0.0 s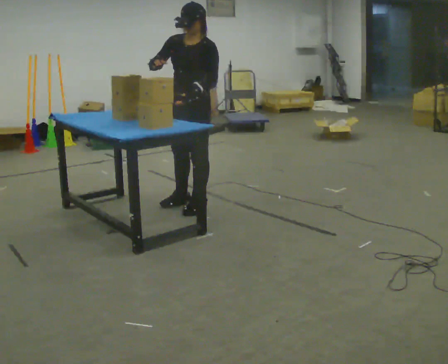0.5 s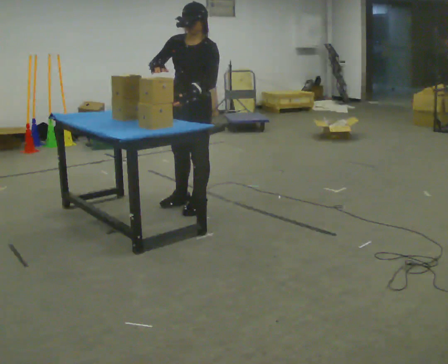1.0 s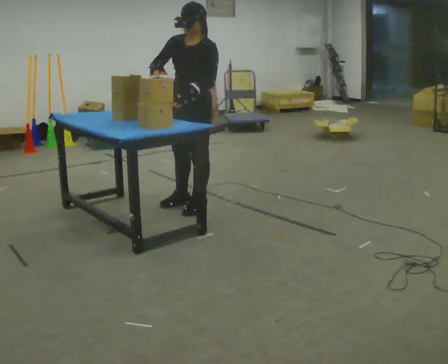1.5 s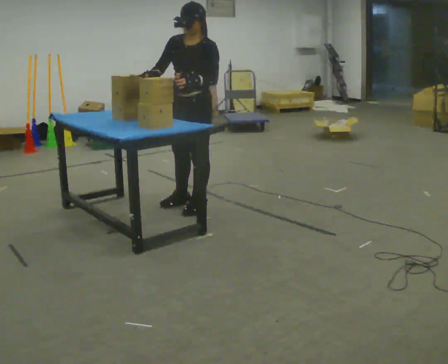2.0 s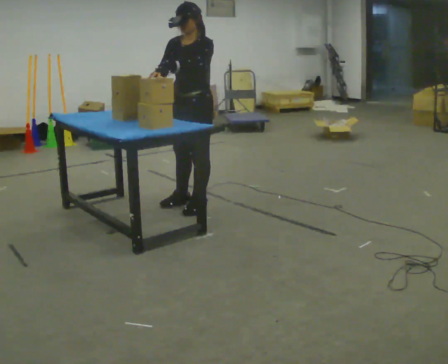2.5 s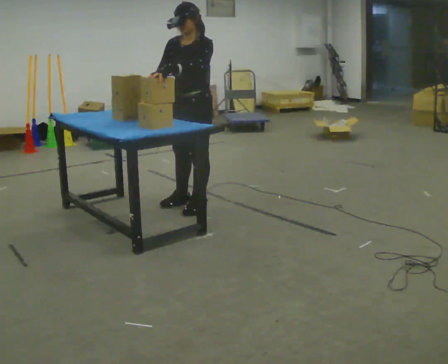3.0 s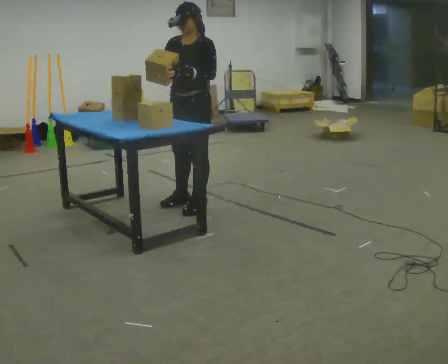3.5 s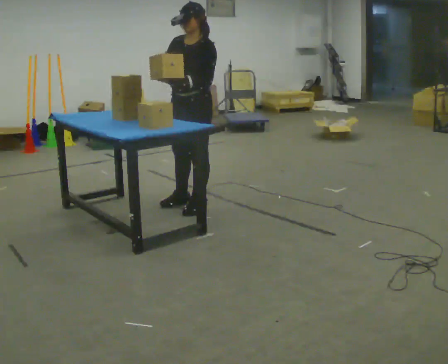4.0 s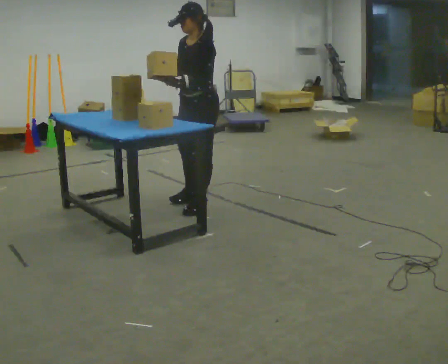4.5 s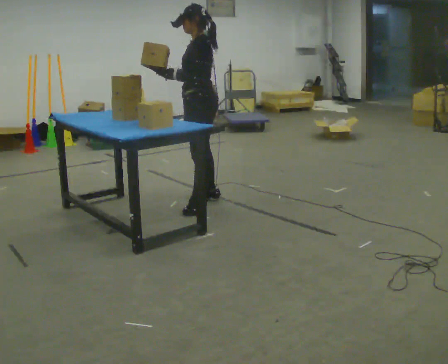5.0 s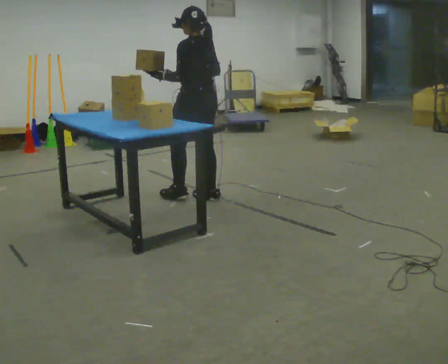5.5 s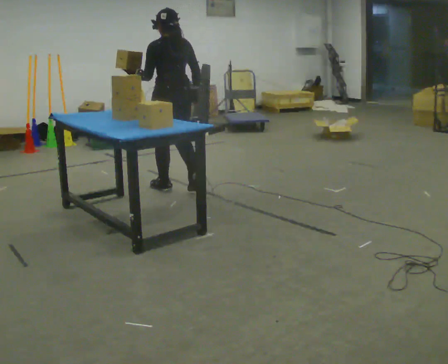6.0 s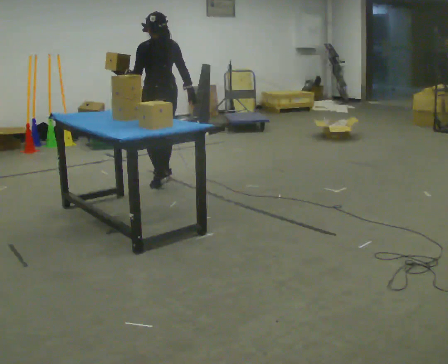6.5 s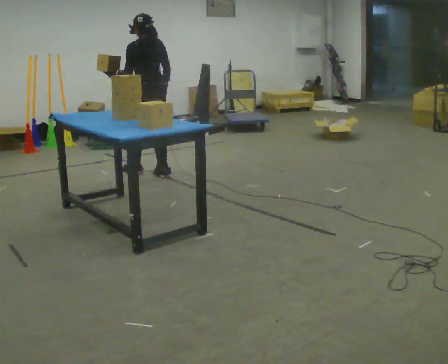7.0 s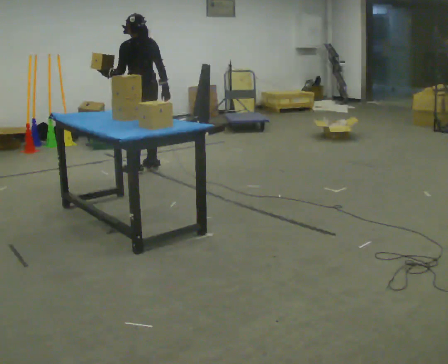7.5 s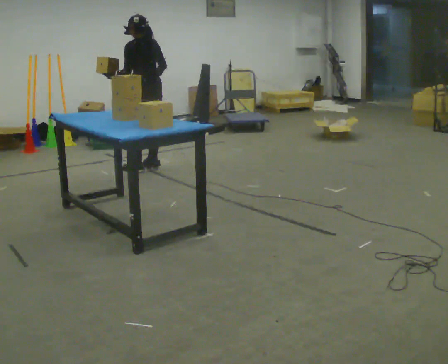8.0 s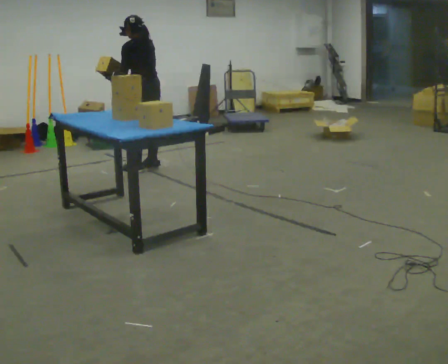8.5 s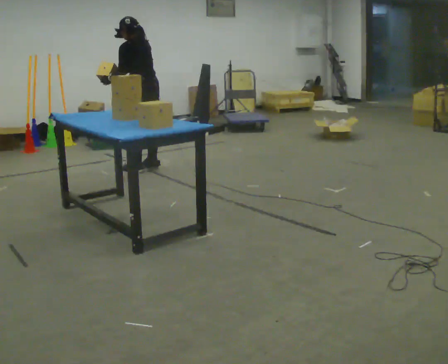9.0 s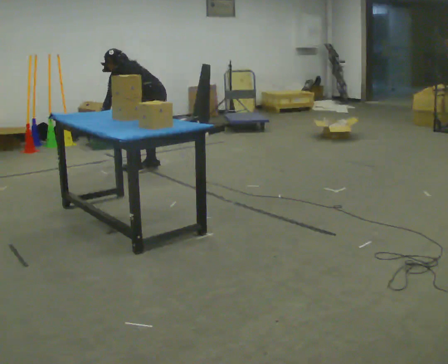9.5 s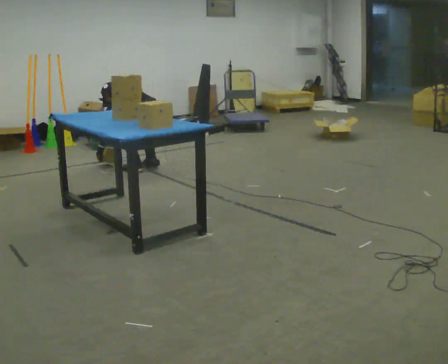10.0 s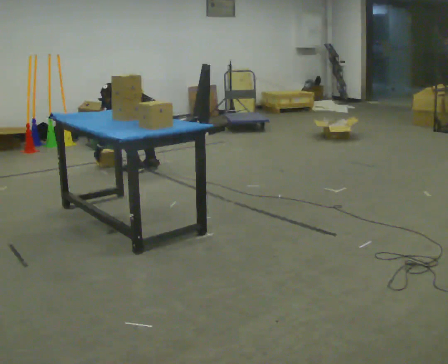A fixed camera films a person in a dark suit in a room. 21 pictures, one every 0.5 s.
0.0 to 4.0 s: The person moves a little, or ends about where they began.
4.0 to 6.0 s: Seen from above the body turns clockwise, about 90 degrees: to their right, with its near side sliding to the left. In the picture they go away from the camera, about 1 m in 3 steps.
6.0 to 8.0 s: In the picture they go away from the camera, about 0.5 m in 2 steps, which for them is forward.
8.0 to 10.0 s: The shoulders move downward. In the picture the upper body tilts counterclockwise, shoulders to the left, as they bend forward. In the picture their right hand goes downward.
The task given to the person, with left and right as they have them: Pick the object up off the floor using only the hand the operator calls, then carry it to the table in that same hand. Keep going until the operator says stop; one object at a time, and do not rush between trips.
The film runs forward here.
